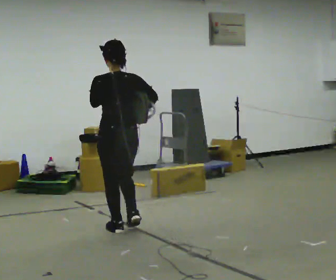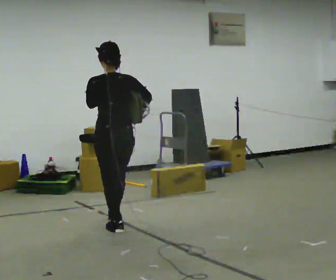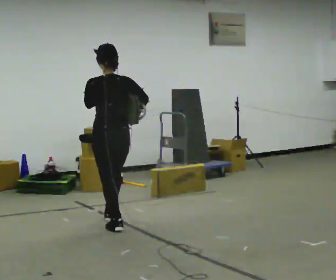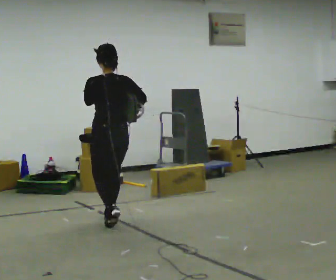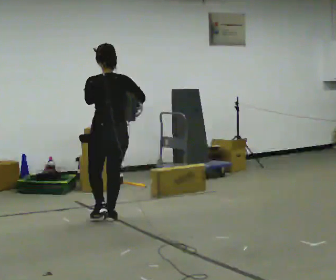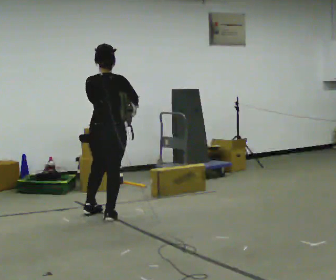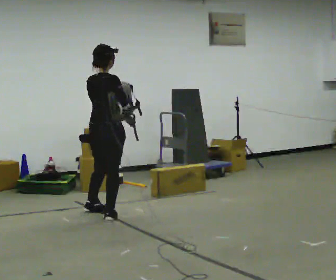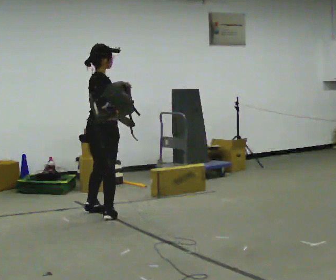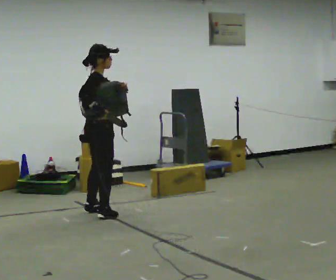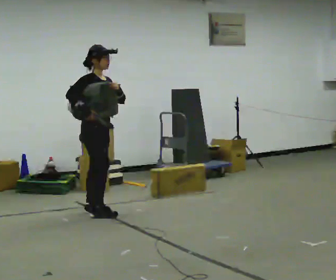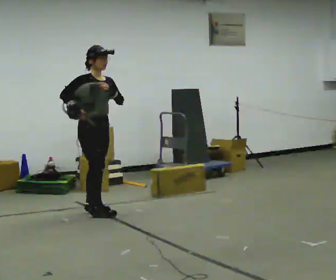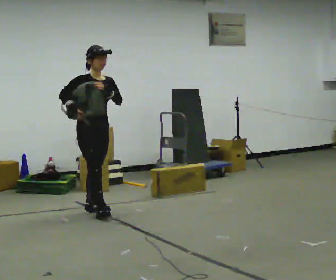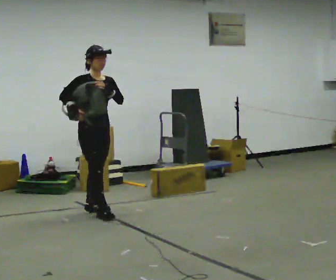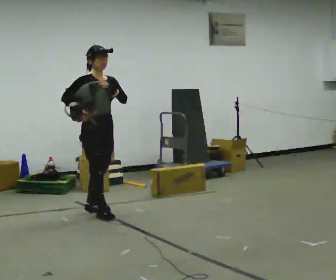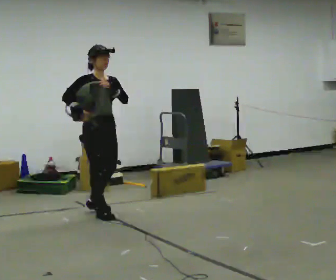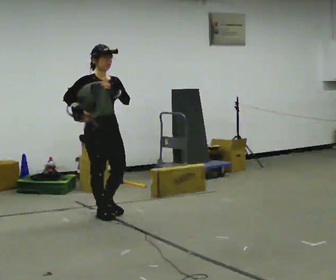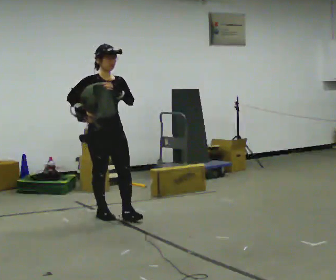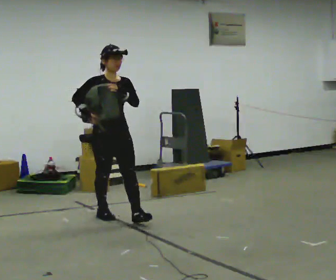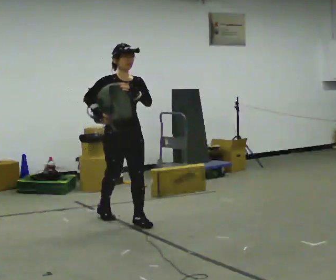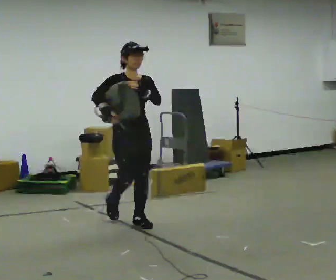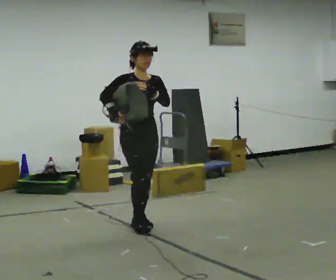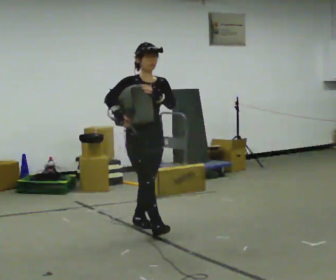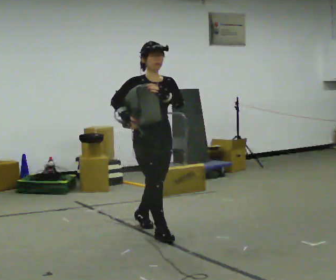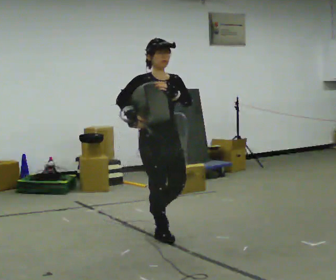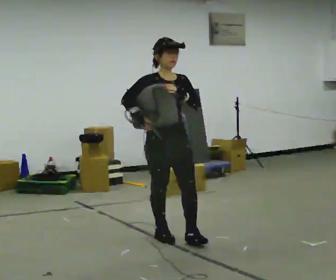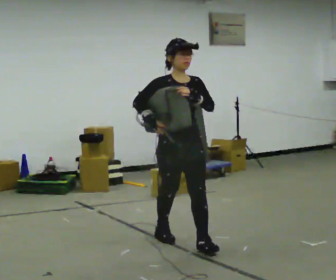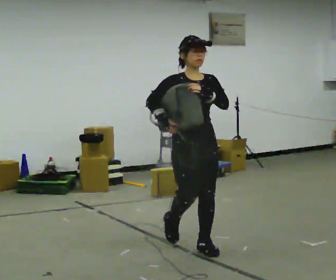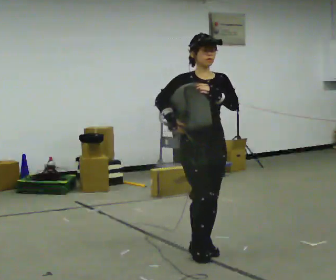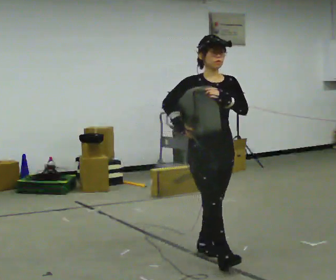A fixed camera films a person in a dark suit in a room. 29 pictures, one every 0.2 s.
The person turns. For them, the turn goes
to their right.
The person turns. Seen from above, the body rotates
clockwise.
0.0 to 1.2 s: Seen from above the body turns clockwise, about 60 degrees: to their right, with its near side sliding to the left. In the picture they go away from the camera, about 0.5 m in 2 steps.
1.2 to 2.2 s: The part of the body nearest the lens slides to the left as the person turns to their right by about 90 degrees. In the picture they go away from the camera, about 0.25 m in 1 step.
2.2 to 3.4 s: In the picture they go toward the camera and to the right, about 0.5 m in 1 step, which for them is forward.
3.4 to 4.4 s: In the picture they go toward the camera and to the right, about 0.75 m in 1 step, which for them is forward.
4.4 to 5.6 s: In the picture they go toward the camera and to the right, about 1 m in 1 step, which for them is forward.
The film runs forward here.
